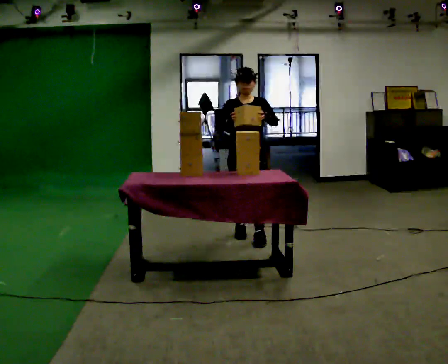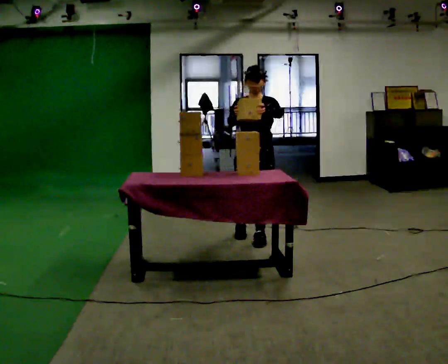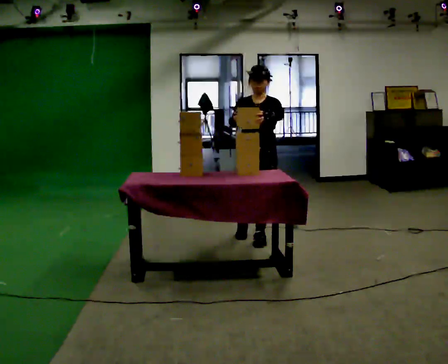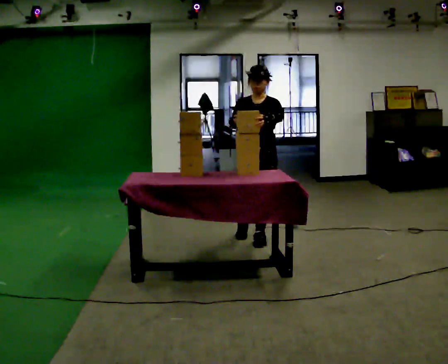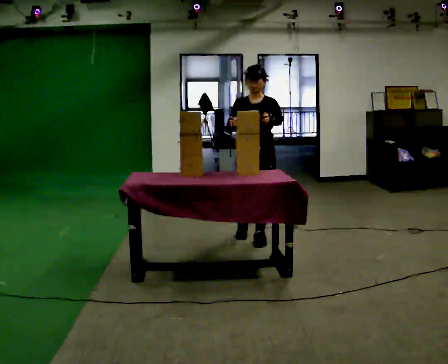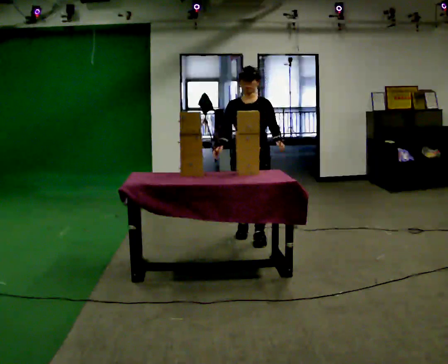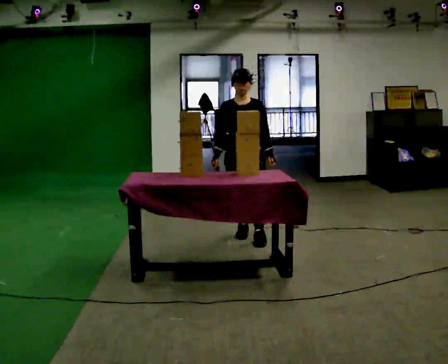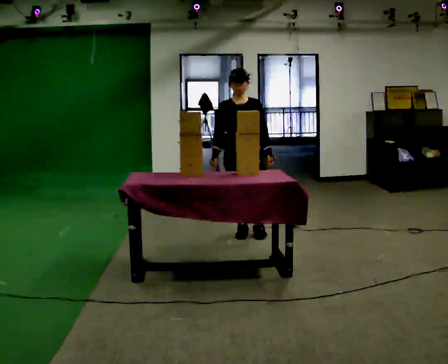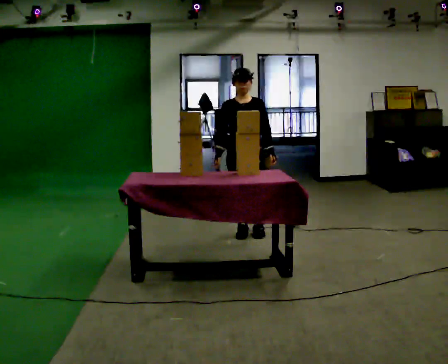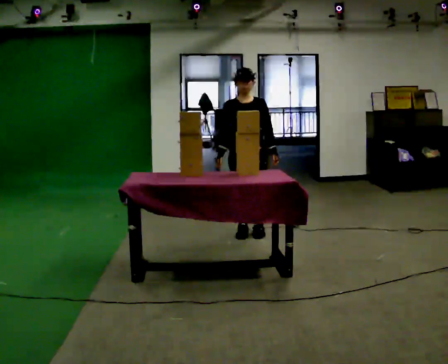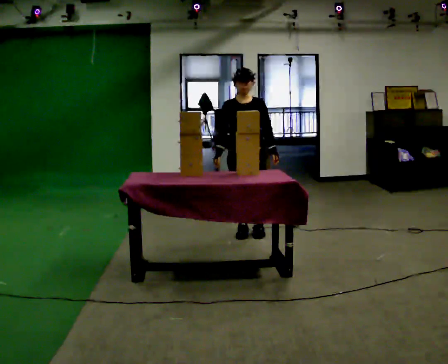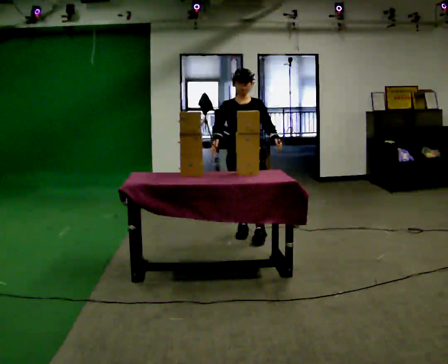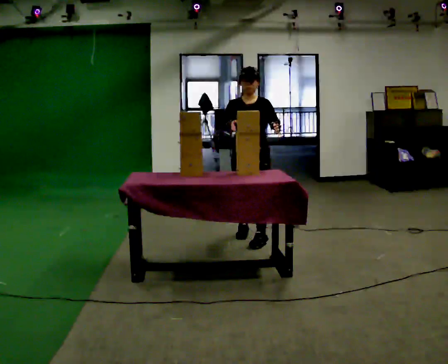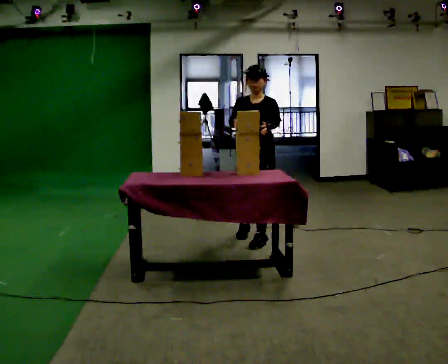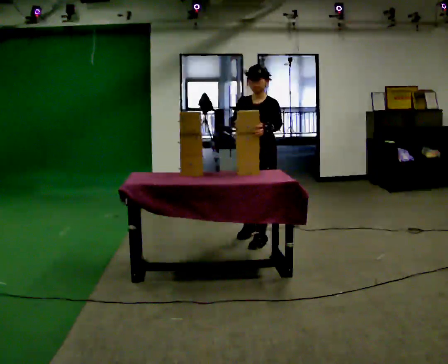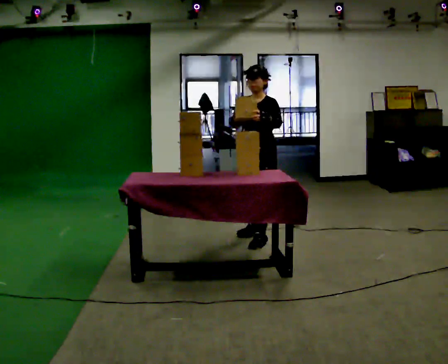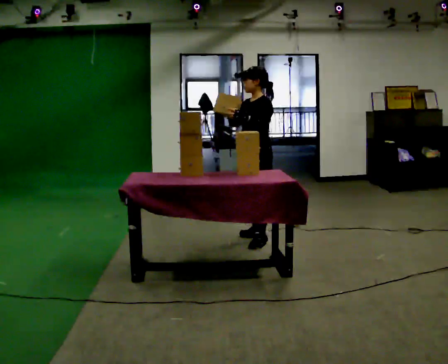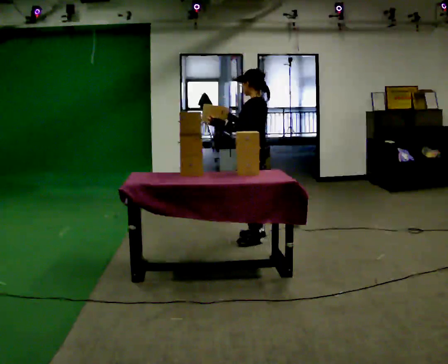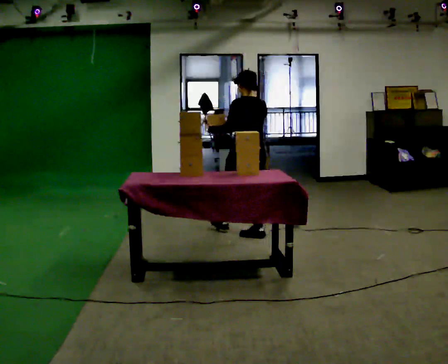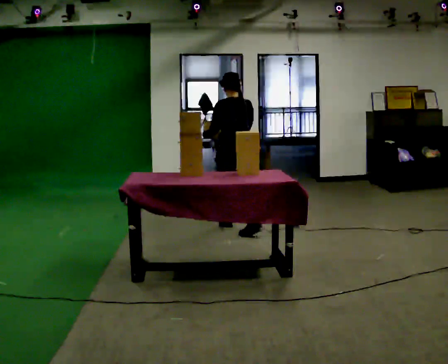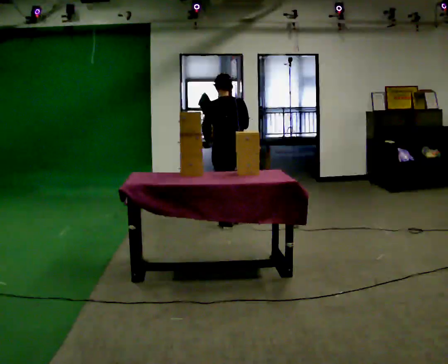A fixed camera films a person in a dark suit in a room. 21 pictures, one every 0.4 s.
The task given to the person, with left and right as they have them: Pick an object up off the floor at one end of the room, carry it across, and place it on the waist-height shelf at the other end. Keep going until the operator says stop; one object at a time, and do not rush between trips.
0.0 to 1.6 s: The person moves a little, or ends about where they began.
1.6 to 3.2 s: In the picture they go away from the camera, about 0.25 m in 1 step, which for them is backward. In the picture their left hand goes downward.
3.2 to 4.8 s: The person moves a little, or ends about where they began.
4.8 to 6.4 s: The person turns about 60 degrees to their right, clockwise seen from above, so the part of the body nearest the lens slides to the left.
6.4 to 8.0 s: The person turns about 105 degrees to their right, clockwise seen from above, so the part of the body nearest the lens slides to the left. In the picture they go away from the camera and to the left, about 0.5 m in 1 step.
The film runs forward here.
